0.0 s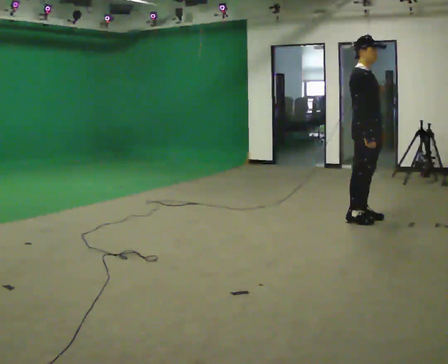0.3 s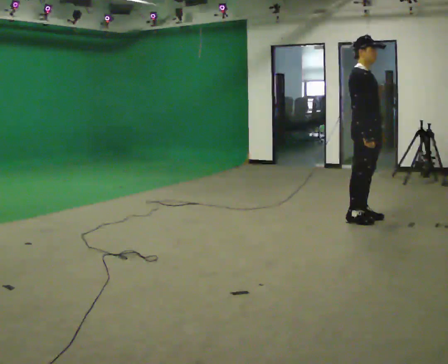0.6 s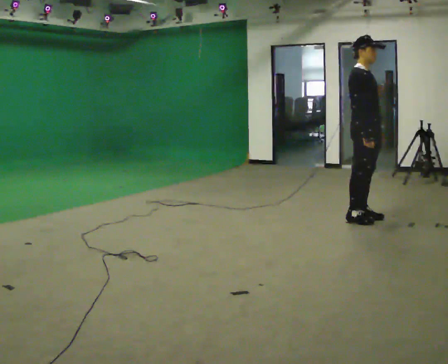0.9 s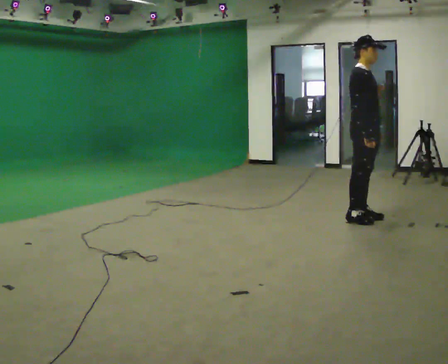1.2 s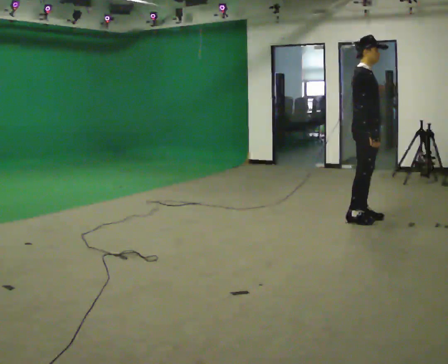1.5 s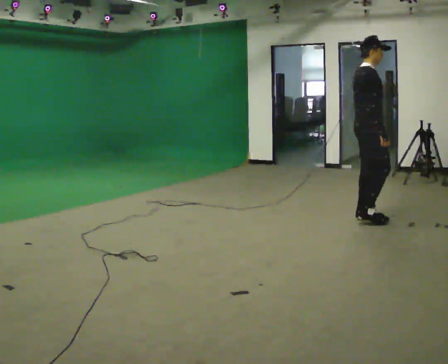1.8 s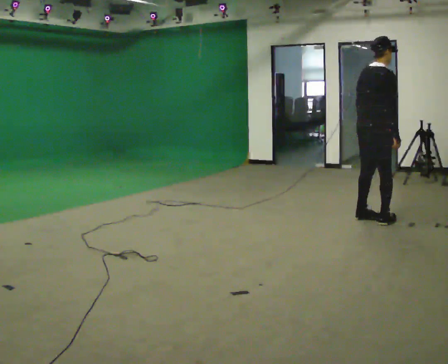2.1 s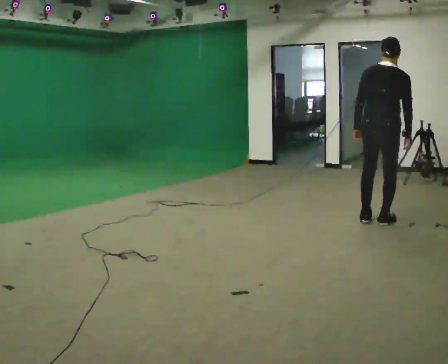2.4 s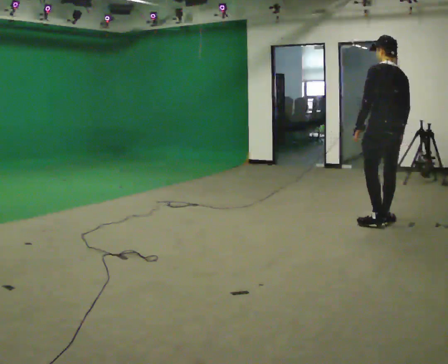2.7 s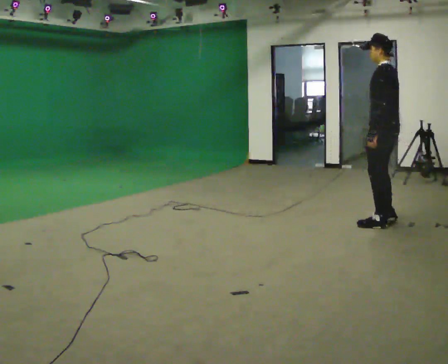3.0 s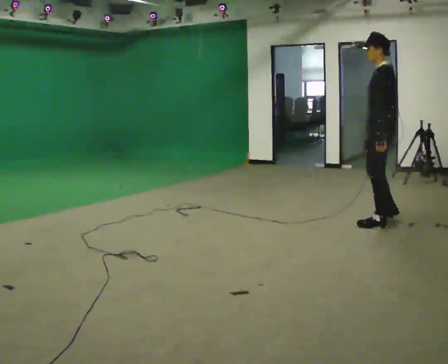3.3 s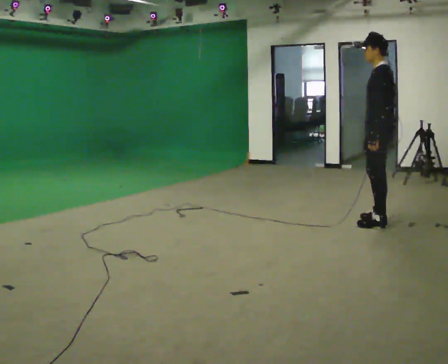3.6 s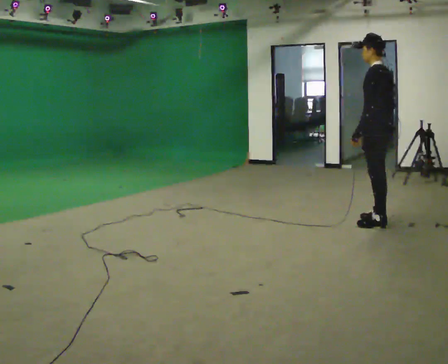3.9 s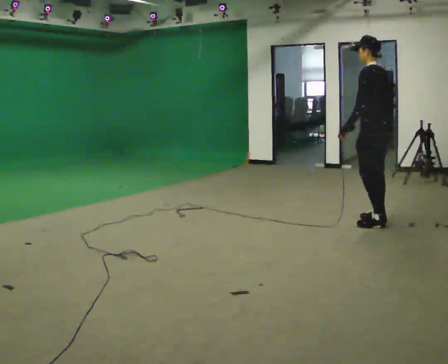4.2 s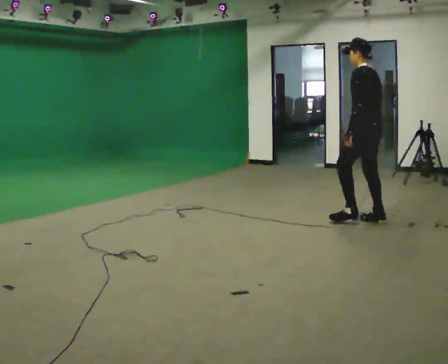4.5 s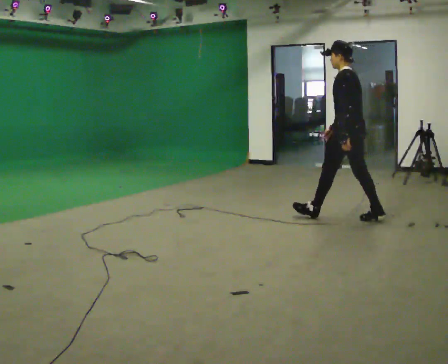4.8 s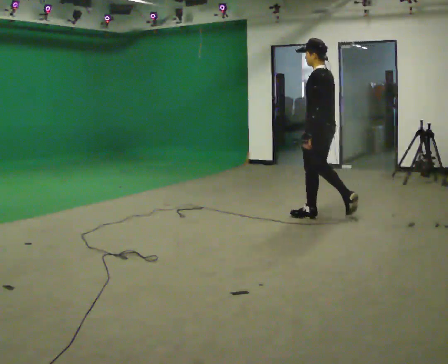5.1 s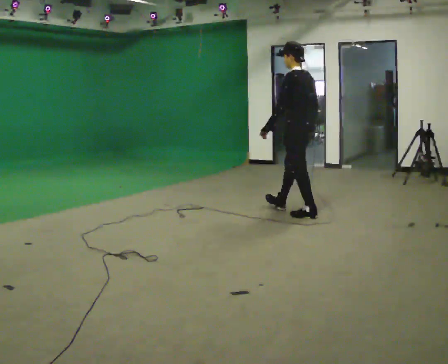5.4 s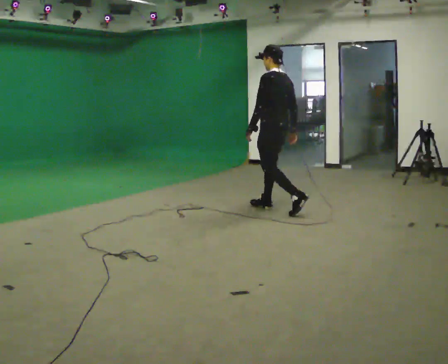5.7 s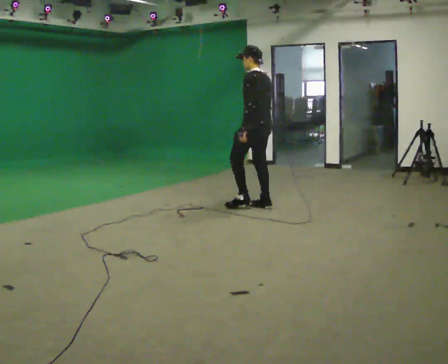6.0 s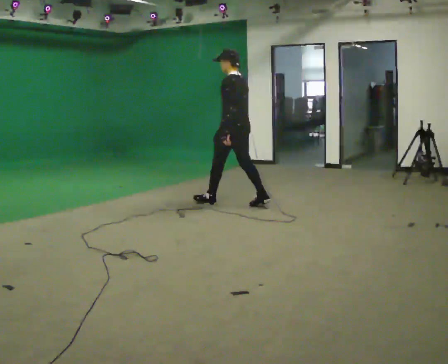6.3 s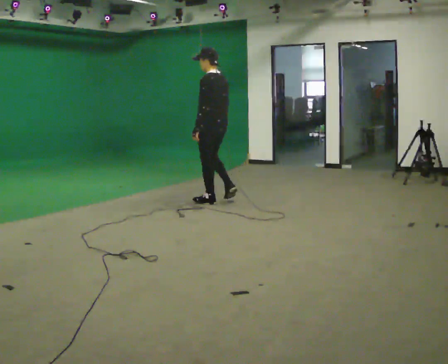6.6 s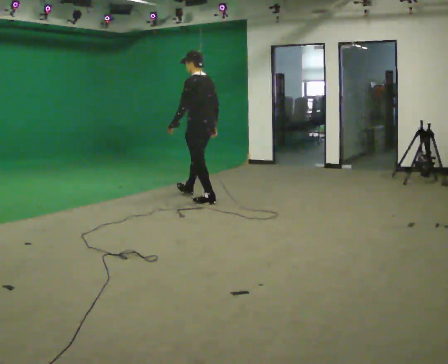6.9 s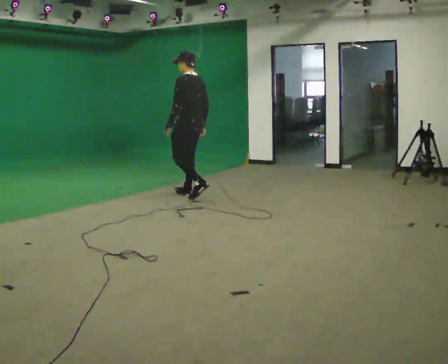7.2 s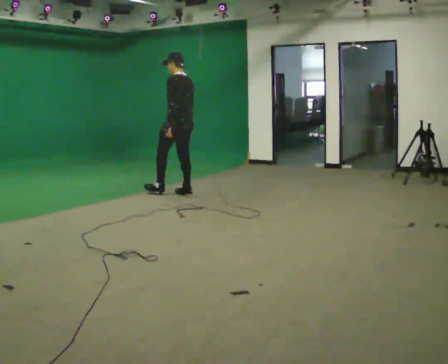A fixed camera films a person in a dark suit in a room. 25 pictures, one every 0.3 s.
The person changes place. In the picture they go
to the left.
0.0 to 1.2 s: The person moves a little, or ends about where they began.
1.2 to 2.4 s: The person turns about 135 degrees to their left, counterclockwise seen from above, so the part of the body nearest the lens slides to the right. In the picture they go to the right, about 0.25 m in 2 steps.
2.4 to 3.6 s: Seen from above the body turns counterclockwise, about 30 degrees: to their left, with its near side sliding to the right.
3.6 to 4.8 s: In the picture they go to the left, about 0.75 m in 1 step, which for them is forward.
4.8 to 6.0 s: In the picture they go to the left and away from the camera, about 1 m in 2 steps, which for them is forward.
6.0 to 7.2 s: In the picture they go to the left and away from the camera, about 1 m in 1 step, which for them is forward.
The film runs forward here.
